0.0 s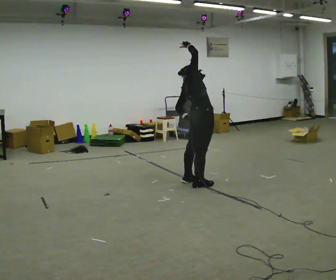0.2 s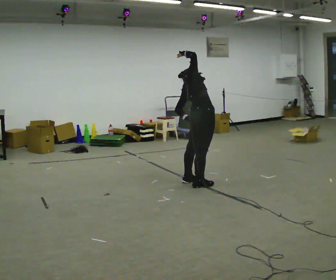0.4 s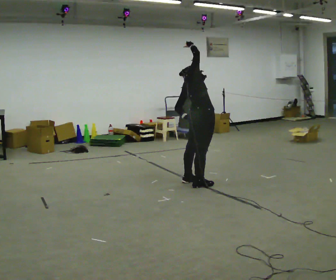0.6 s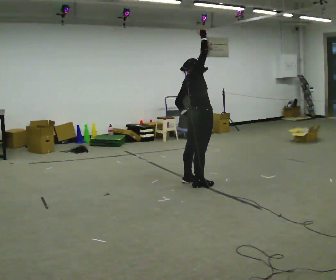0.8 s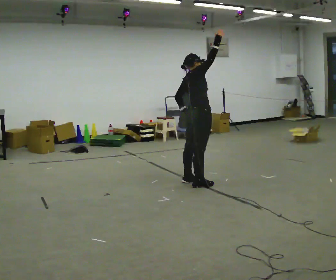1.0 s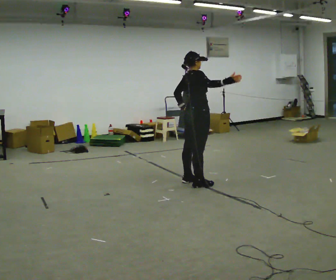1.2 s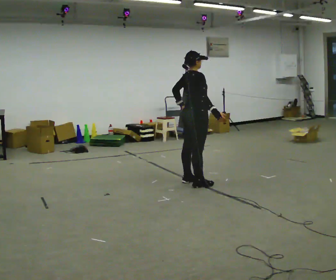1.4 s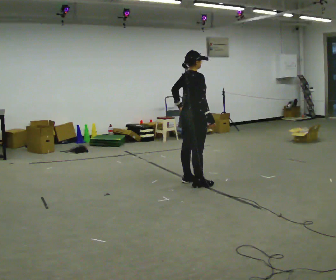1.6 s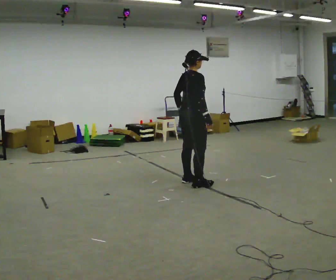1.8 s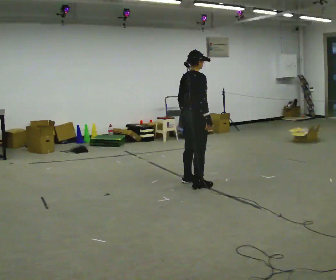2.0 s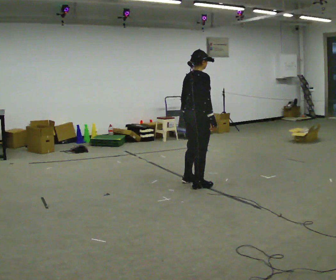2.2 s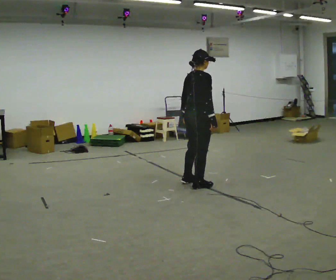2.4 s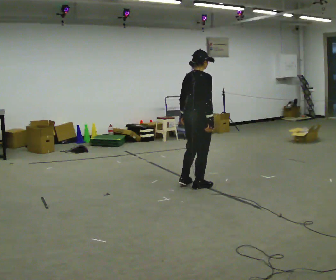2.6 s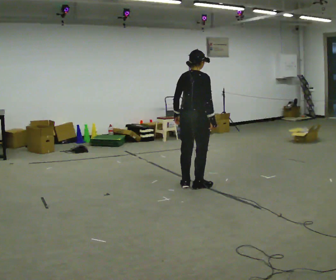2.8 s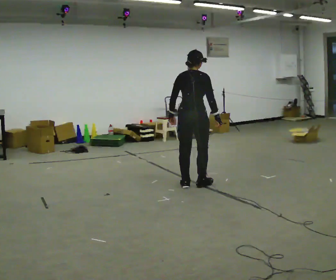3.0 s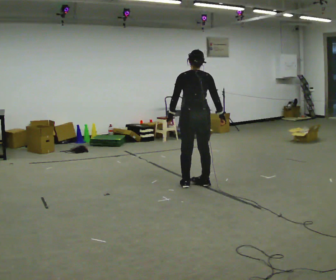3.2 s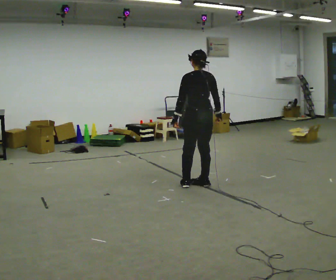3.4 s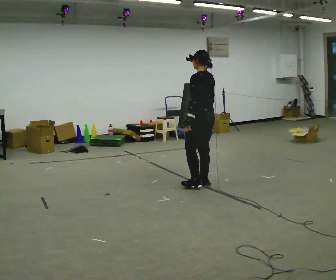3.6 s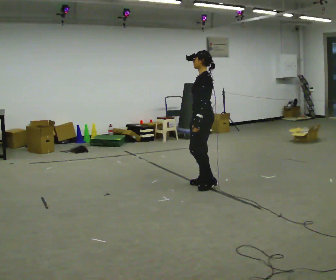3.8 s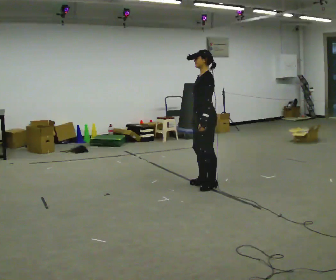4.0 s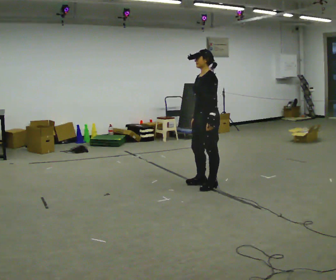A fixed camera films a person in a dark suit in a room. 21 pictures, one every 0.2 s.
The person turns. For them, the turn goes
to their left.
Their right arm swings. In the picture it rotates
clockwise.
0.0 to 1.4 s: The upper body tips toward the camera, its near side rolling downward. In the picture their right hand goes downward, the arm swinging clockwise.
1.4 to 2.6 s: In the picture they go toward the camera, about 0.25 m in 1 step, which for them is to their right.
2.6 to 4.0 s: The part of the body nearest the lens slides to the right as the person turns to their left by about 150 degrees. In the picture they go to the right, about 0.25 m in 1 step. In the picture their left hand goes to the right.
The film runs backward here.
